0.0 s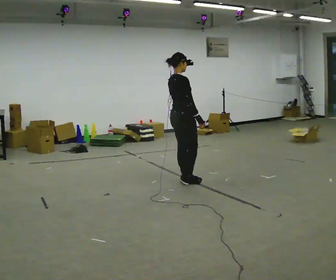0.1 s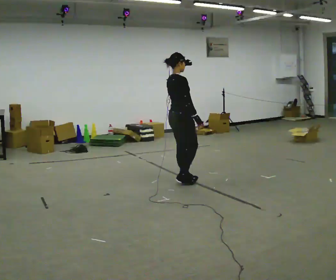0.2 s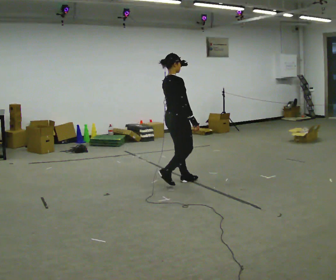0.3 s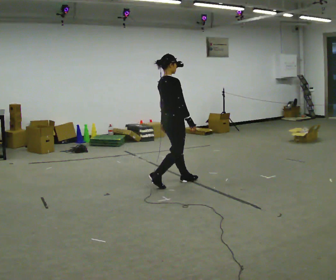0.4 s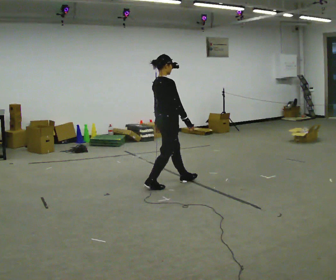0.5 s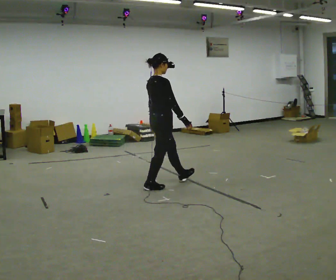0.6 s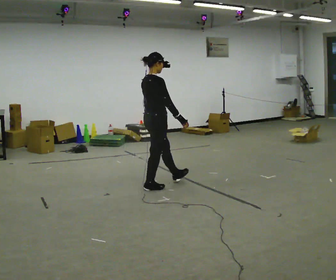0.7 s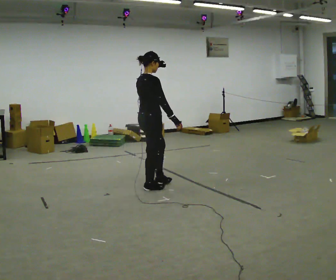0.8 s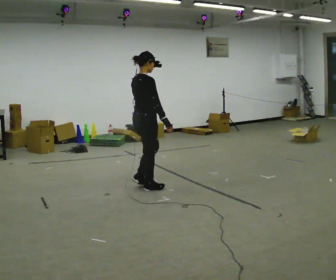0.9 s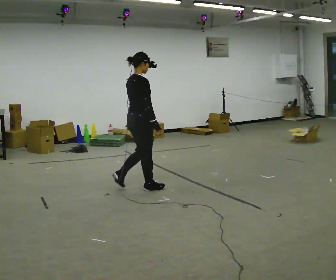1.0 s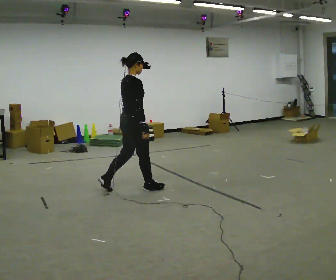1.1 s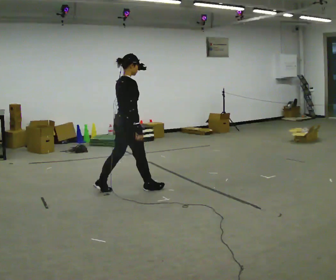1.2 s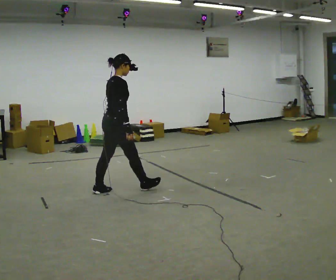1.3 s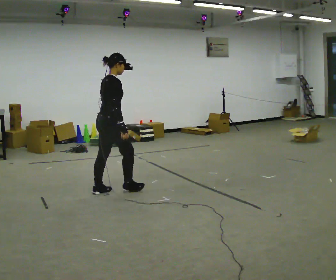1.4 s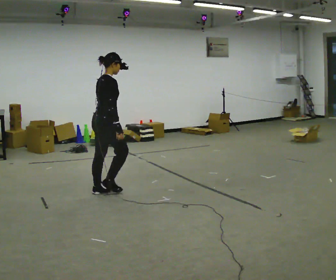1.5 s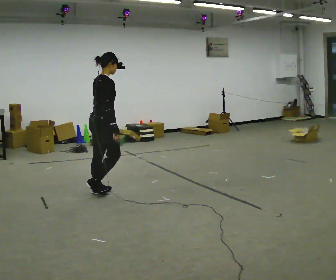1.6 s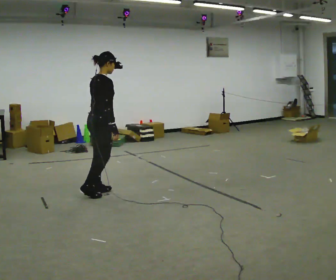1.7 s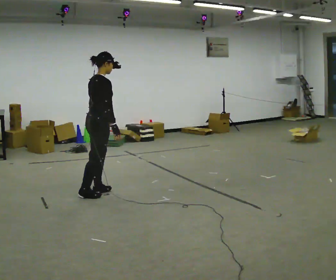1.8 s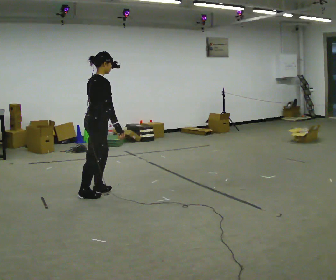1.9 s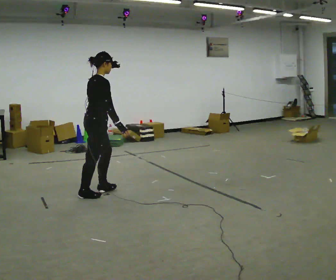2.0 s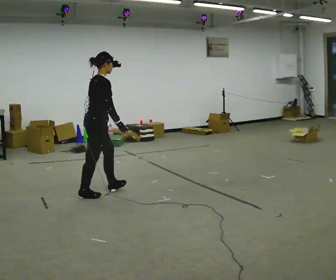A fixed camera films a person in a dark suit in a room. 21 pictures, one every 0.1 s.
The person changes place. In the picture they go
to the left.
0.0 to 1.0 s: In the picture they go to the left and toward the camera, about 0.75 m in 1 step, which for them is backward.
1.0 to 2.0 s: In the picture they go to the left and toward the camera, about 0.5 m in 2 steps, which for them is backward.
The film runs backward here.
